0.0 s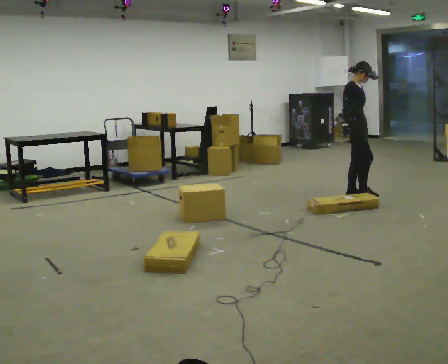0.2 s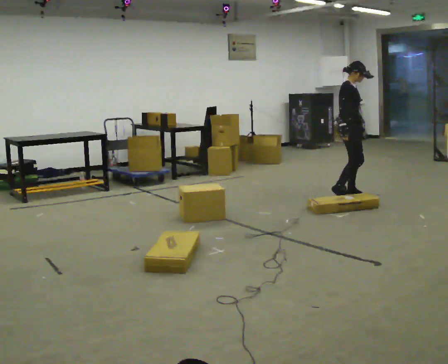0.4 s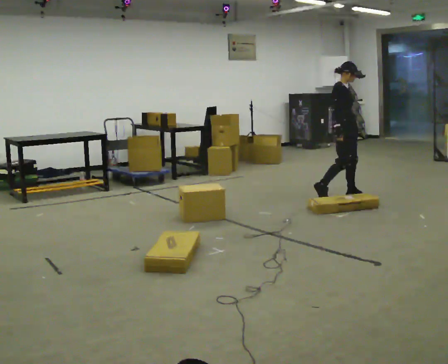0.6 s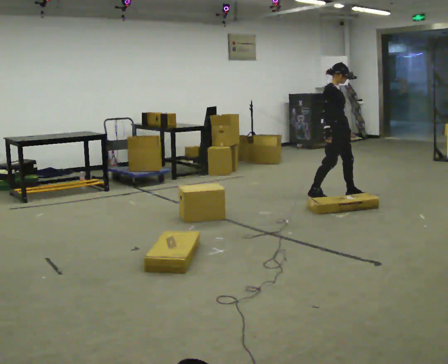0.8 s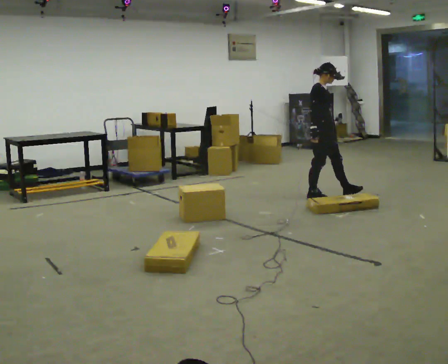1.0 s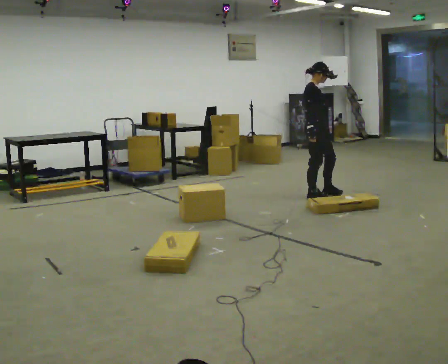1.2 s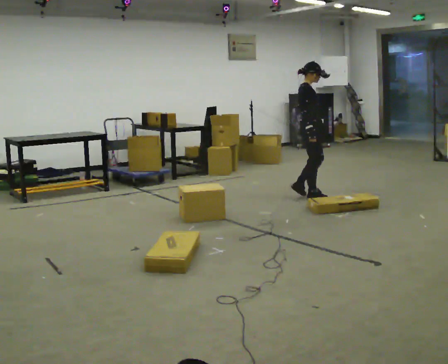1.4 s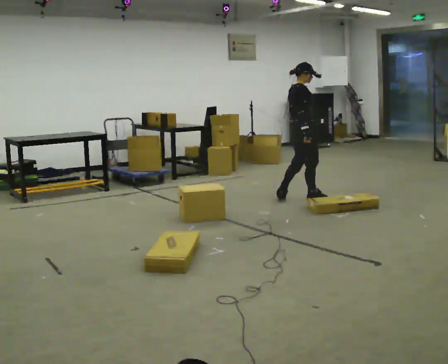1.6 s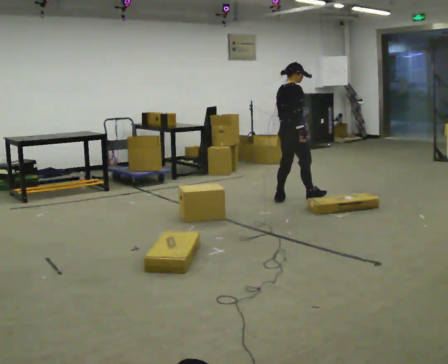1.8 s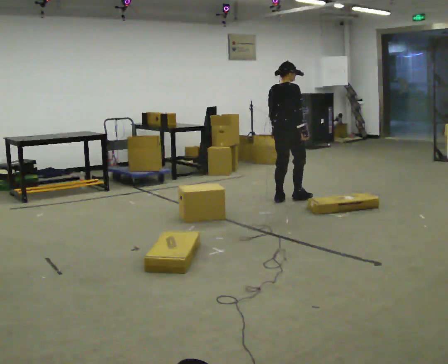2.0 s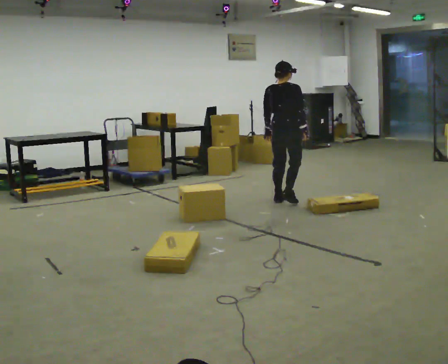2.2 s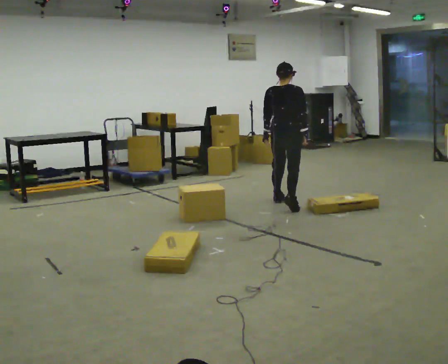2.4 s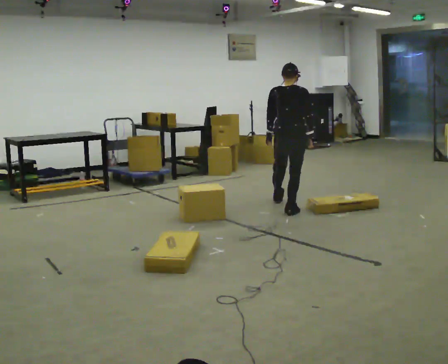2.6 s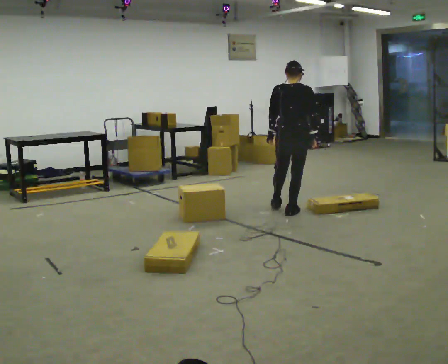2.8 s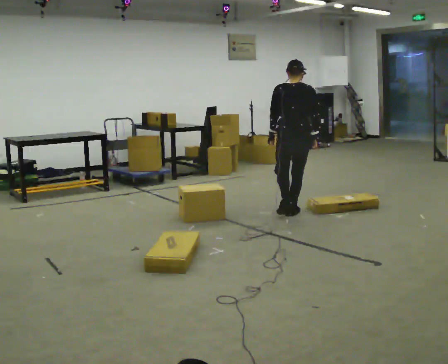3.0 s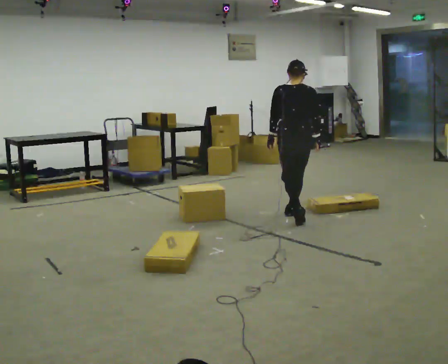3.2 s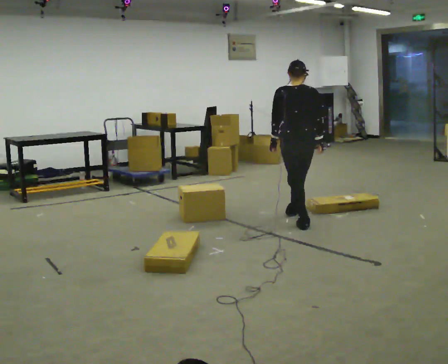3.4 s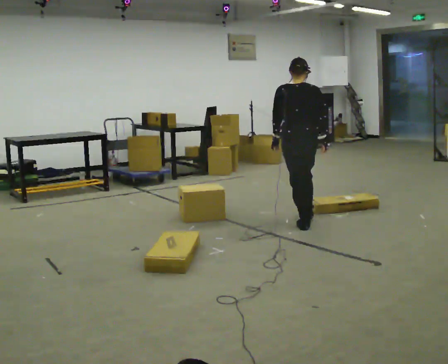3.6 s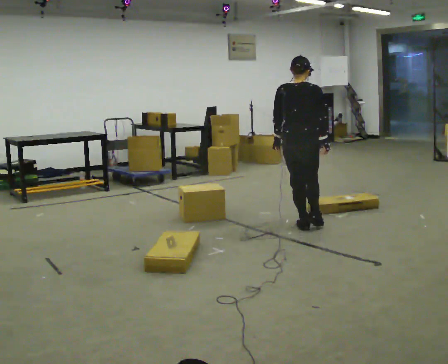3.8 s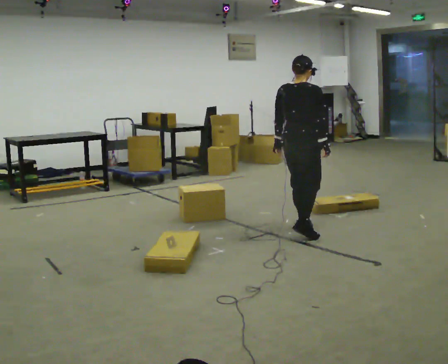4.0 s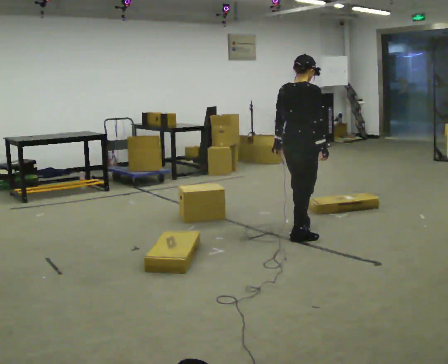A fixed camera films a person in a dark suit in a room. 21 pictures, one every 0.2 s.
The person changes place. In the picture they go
toward the camera.
The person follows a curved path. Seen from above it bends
counterclockwise.
0.0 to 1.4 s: Seen from above the body turns counterclockwise, about 45 degrees: to their left, with its near side sliding to the right. In the picture they go to the left, about 0.5 m in 1 step, which for them is backward.
1.4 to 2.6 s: The person turns about 75 degrees to their left, counterclockwise seen from above, so the part of the body nearest the lens slides to the right. In the picture they go toward the camera, about 0.5 m in 2 steps.
2.6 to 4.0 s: Seen from above the body turns clockwise, about 30 degrees: to their right, with its near side sliding to the left. In the picture they go toward the camera, about 1 m in 1 step, which for them is backward.
The film runs backward here.
